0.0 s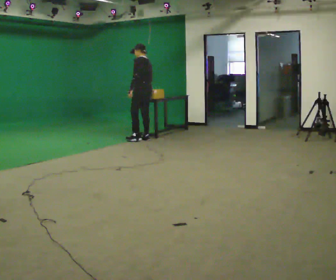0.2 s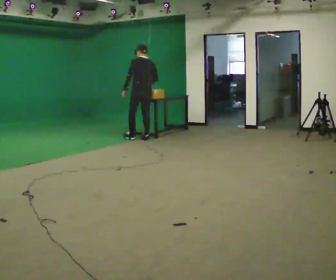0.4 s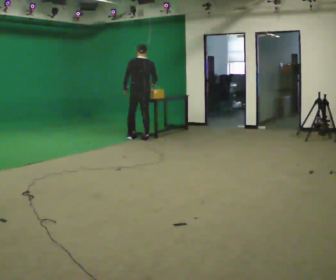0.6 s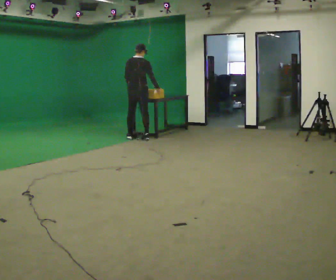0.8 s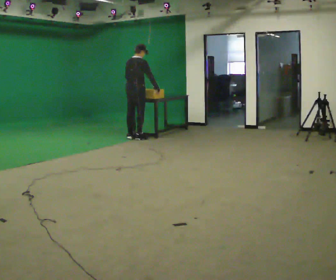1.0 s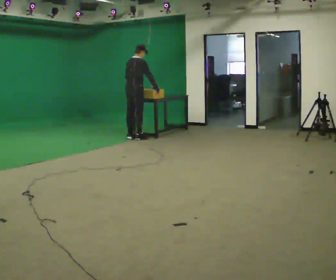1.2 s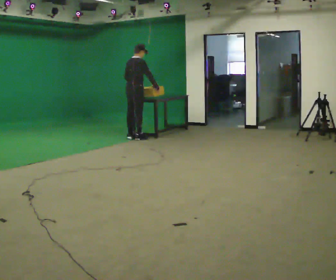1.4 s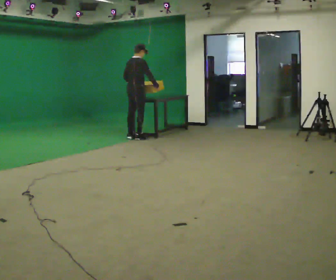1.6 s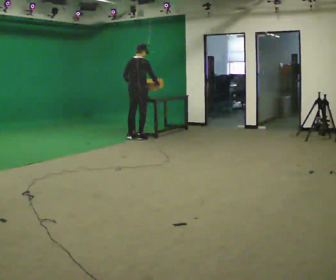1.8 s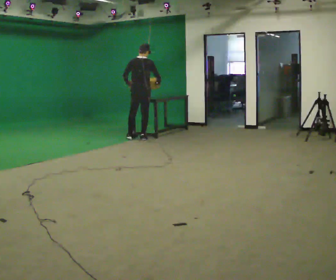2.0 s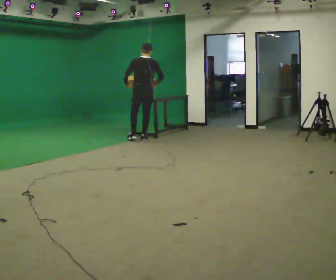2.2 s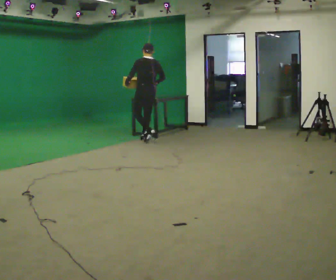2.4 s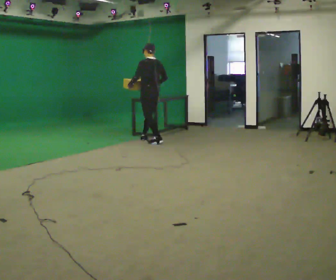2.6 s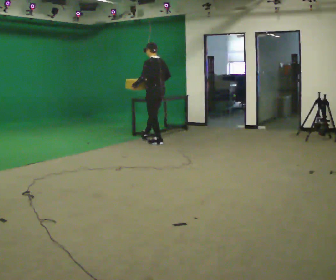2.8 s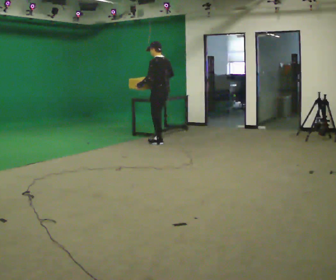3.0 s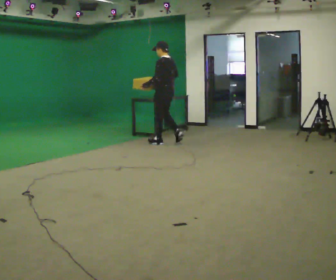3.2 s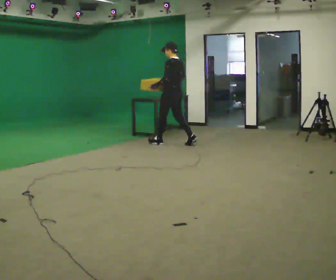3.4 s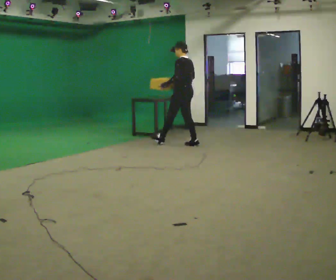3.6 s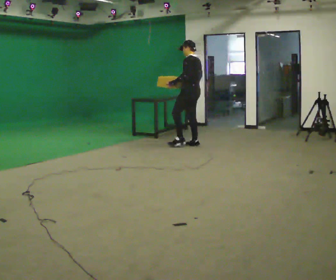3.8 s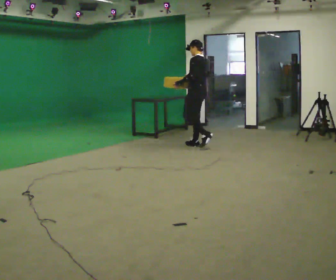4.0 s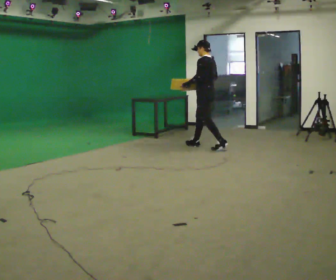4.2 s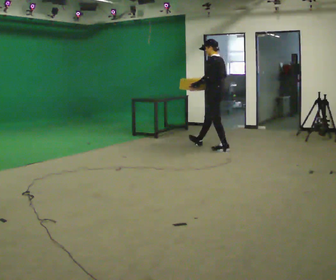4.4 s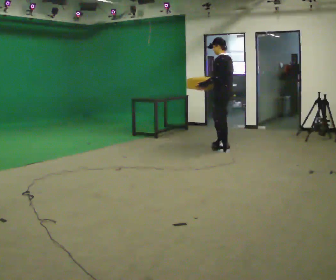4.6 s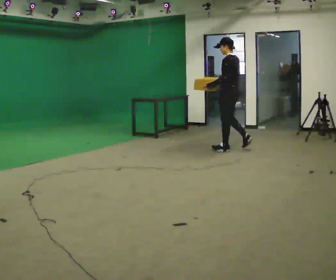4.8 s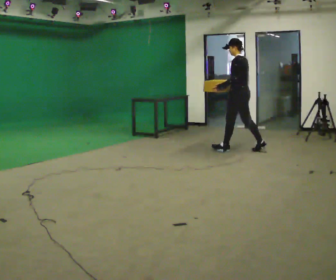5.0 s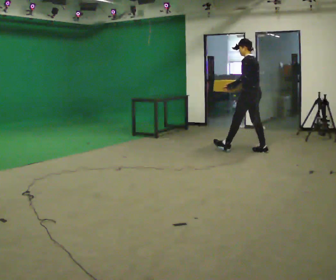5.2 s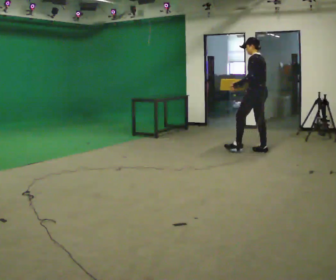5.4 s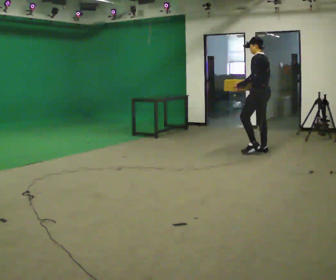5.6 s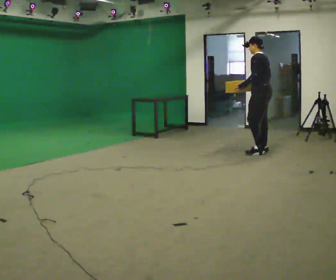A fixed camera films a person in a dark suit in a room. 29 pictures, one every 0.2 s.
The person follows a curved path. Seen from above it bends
counterclockwise.
The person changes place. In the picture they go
to the right.
0.0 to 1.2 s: Seen from above the body turns clockwise, about 105 degrees: to their right, with its near side sliding to the left. In the picture they go to the left, about 0.25 m in 1 step.
1.2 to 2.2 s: Seen from above the body turns counterclockwise, about 75 degrees: to their left, with its near side sliding to the right. In the picture they go to the right, about 0.25 m in 1 step.
2.2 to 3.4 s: The person turns about 30 degrees to their left, counterclockwise seen from above, so the part of the body nearest the lens slides to the right. In the picture they go to the right and toward the camera, about 0.5 m in 2 steps, which for them is backward.
3.4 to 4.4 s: In the picture they go to the right and toward the camera, about 1 m in 1 step, which for them is backward.
4.4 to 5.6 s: In the picture they go to the right and toward the camera, about 0.75 m in 1 step, which for them is backward.
The film runs backward here.
